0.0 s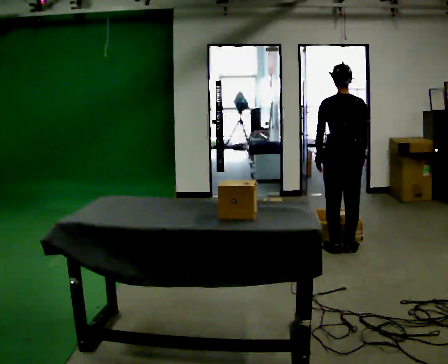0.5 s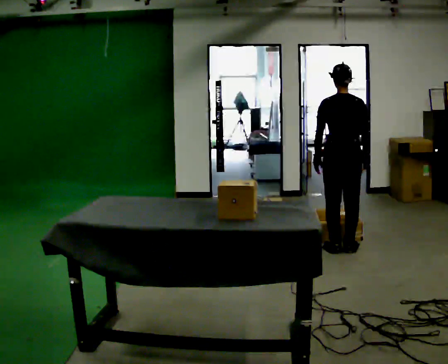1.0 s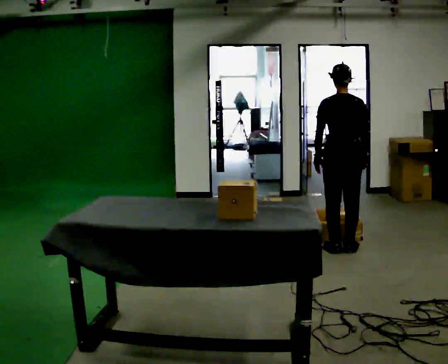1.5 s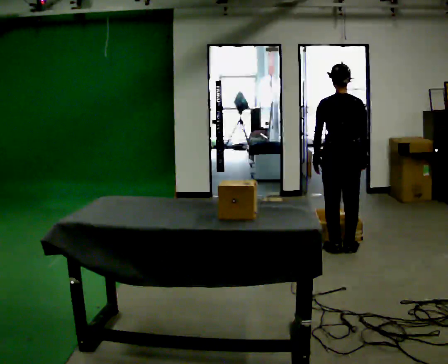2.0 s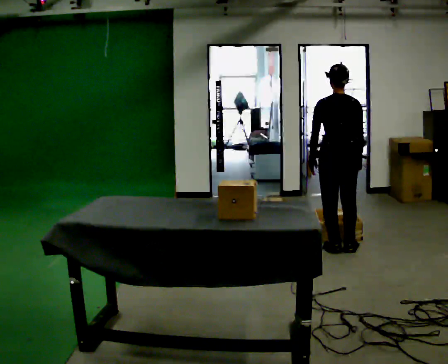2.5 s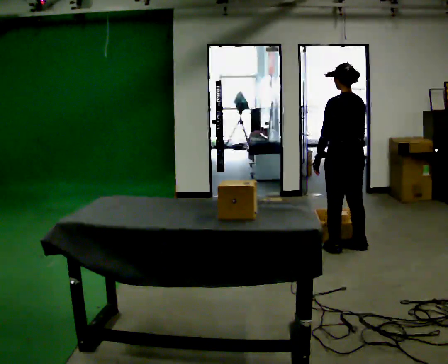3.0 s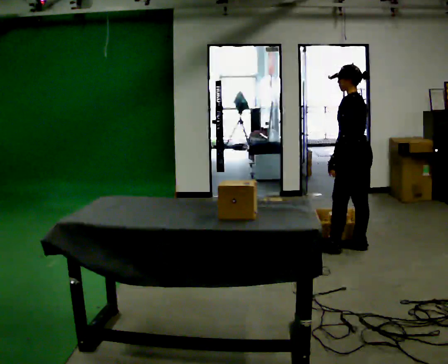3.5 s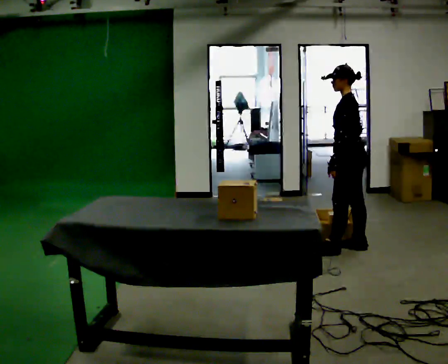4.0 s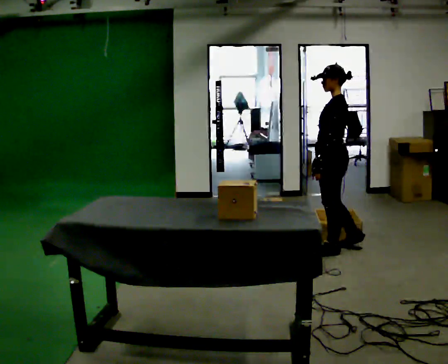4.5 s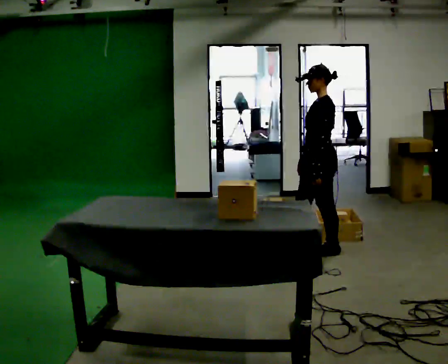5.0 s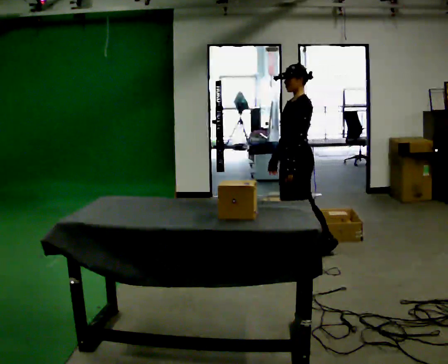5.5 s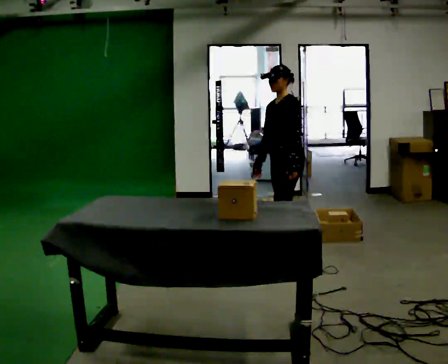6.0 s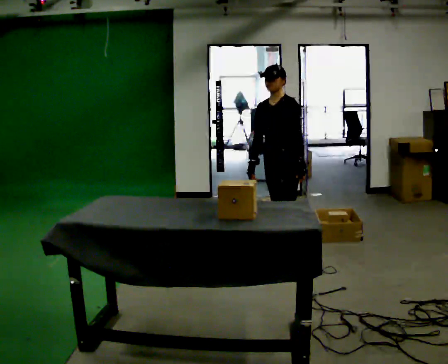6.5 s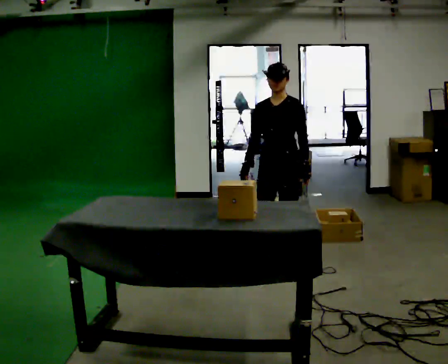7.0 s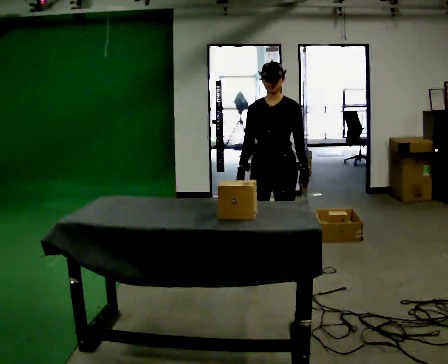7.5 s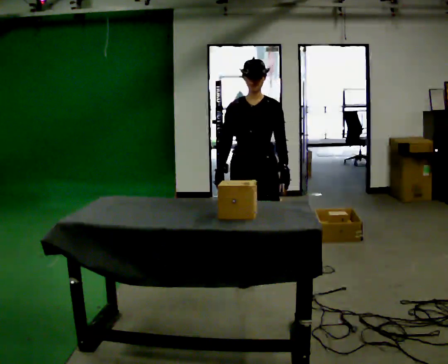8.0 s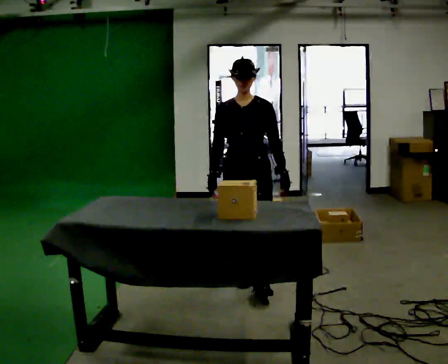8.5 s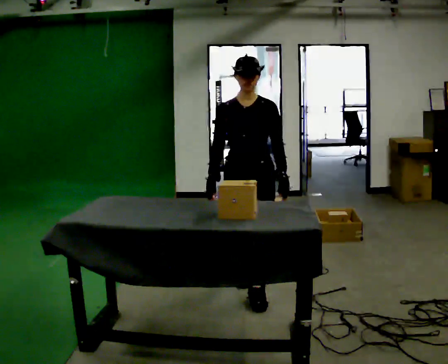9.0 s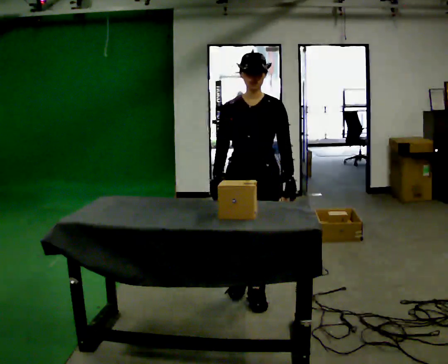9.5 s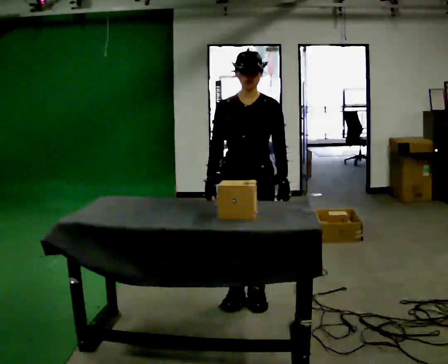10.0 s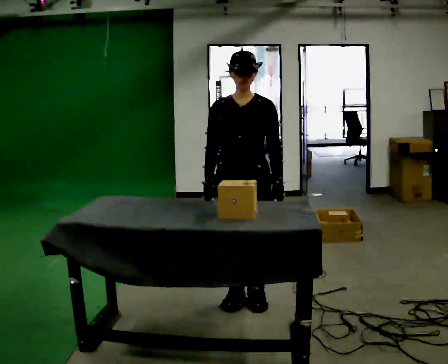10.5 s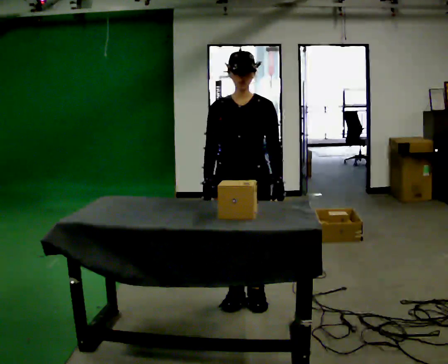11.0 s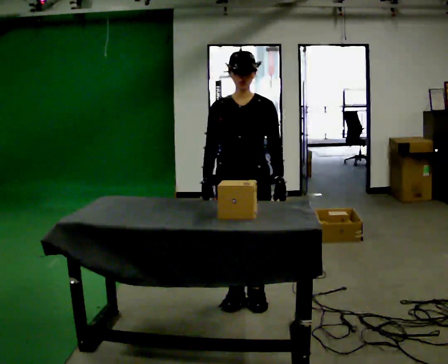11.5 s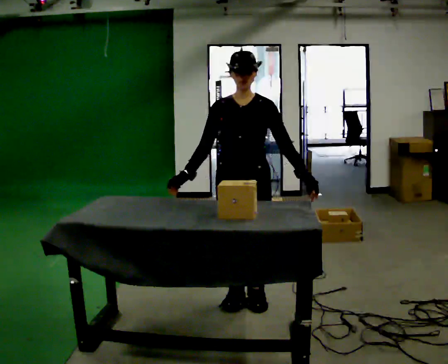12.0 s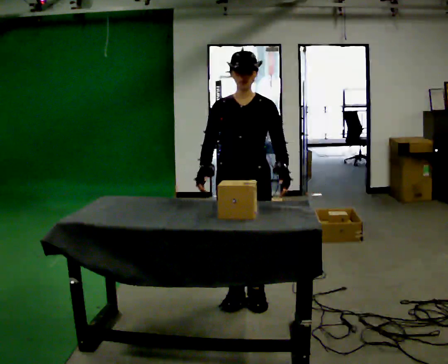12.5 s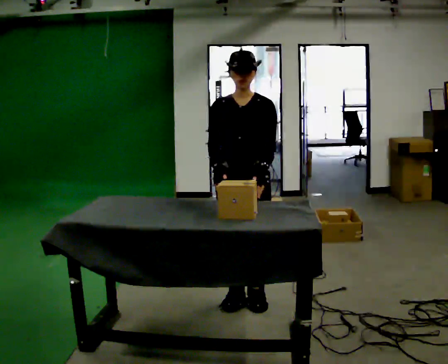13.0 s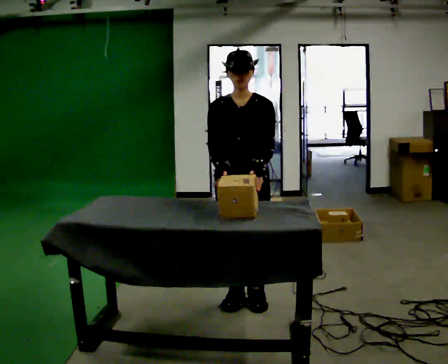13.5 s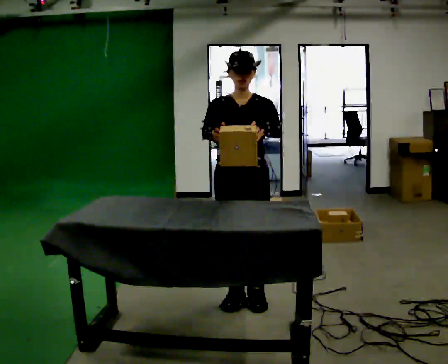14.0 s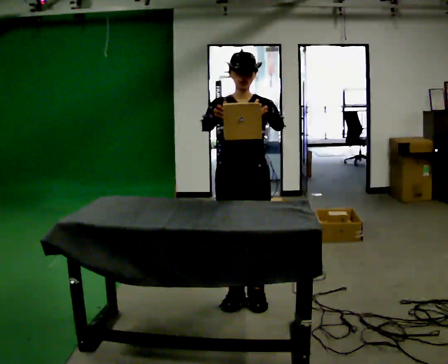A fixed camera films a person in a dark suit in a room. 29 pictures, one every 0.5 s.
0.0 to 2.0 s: The person moves a little, or ends about where they began.
2.0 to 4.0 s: The part of the body nearest the lens slides to the right as the person turns to their left by about 75 degrees. In the picture their right hand goes to the left.
4.0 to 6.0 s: Seen from above the body turns counterclockwise, about 60 degrees: to their left, with its near side sliding to the right. In the picture they go to the left, about 0.5 m in 2 steps, which for them is forward.
6.0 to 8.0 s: The part of the body nearest the lens slides to the right as the person turns to their left by about 30 degrees. In the picture they go toward the camera, about 0.75 m in 1 step, which for them is forward.
8.0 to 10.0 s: In the picture they go toward the camera, about 0.5 m in 2 steps, which for them is forward.
10.0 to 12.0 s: The person moves a little, or ends about where they began.
12.0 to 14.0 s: In the picture their right hand goes upward.
The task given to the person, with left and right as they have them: 1. Take the objects out of the box on the table one at a time. 2. Put each one in the bin the operator has labelled for it. 3. Tell the operator when you are finished.
The film runs forward here.
